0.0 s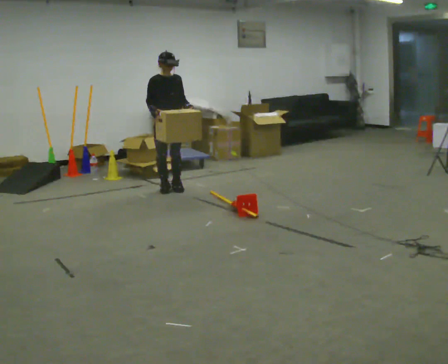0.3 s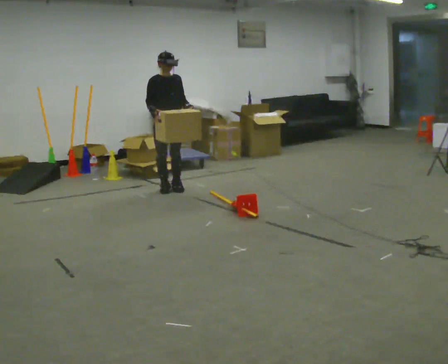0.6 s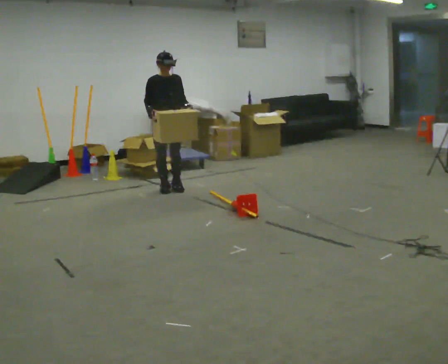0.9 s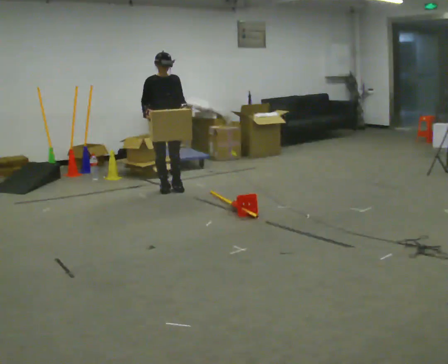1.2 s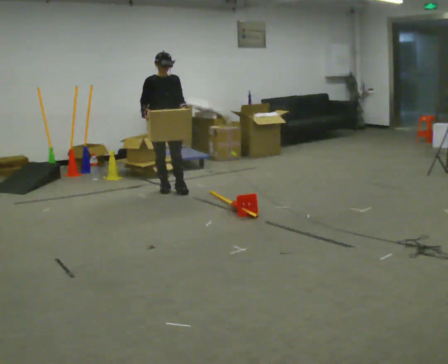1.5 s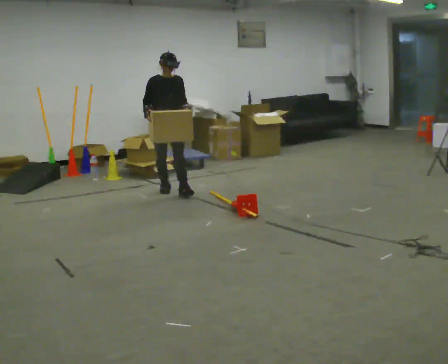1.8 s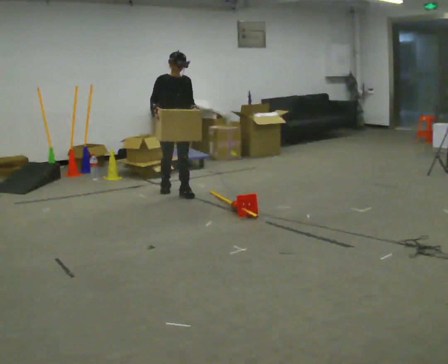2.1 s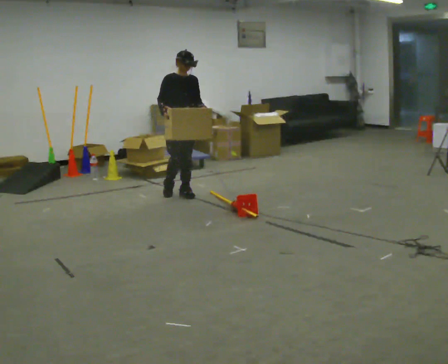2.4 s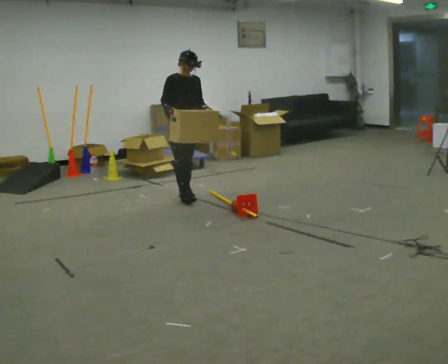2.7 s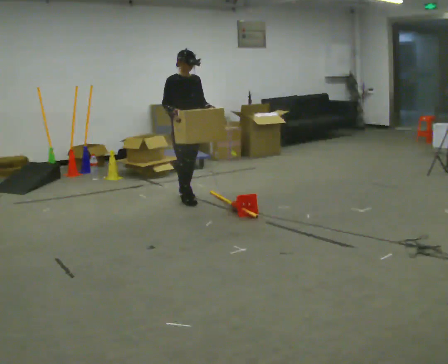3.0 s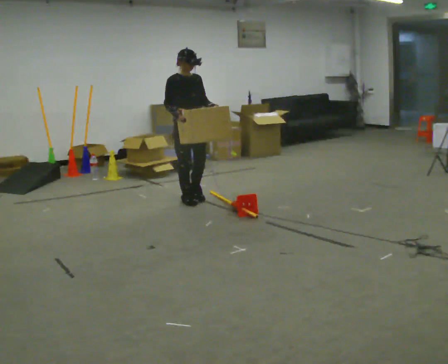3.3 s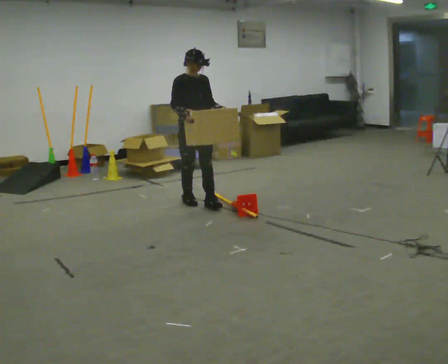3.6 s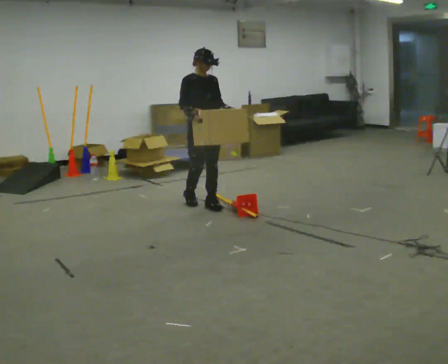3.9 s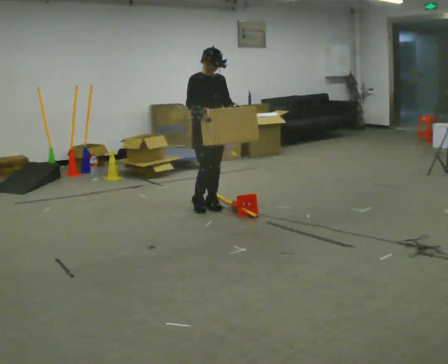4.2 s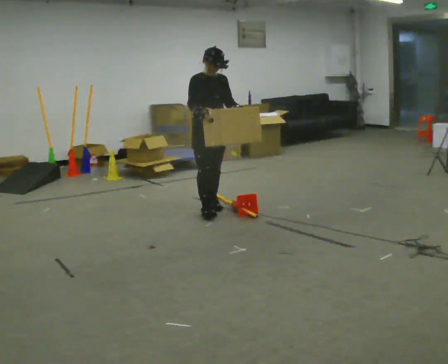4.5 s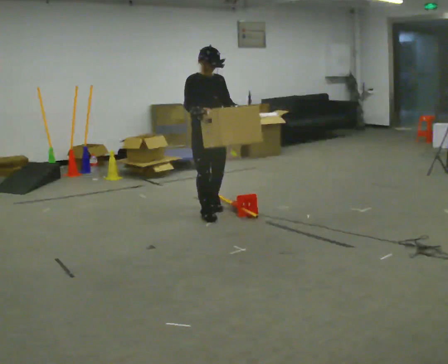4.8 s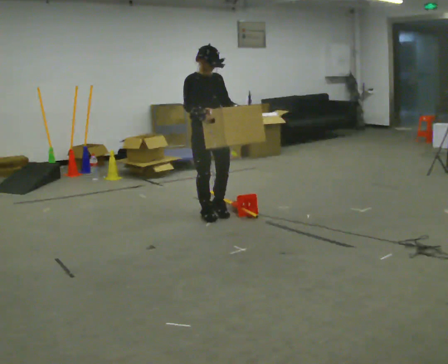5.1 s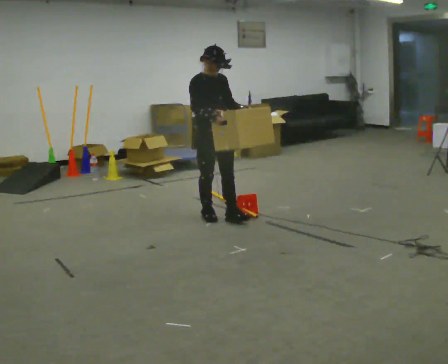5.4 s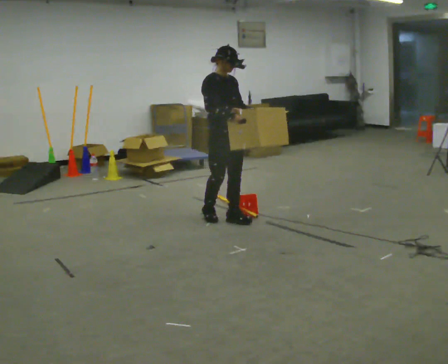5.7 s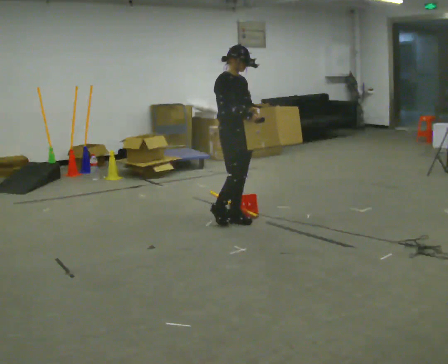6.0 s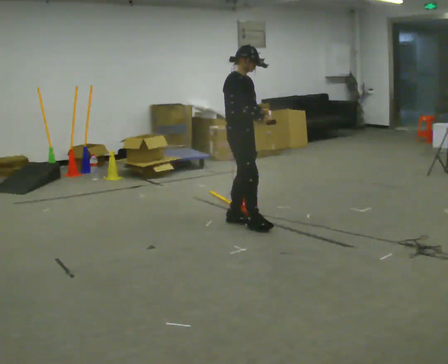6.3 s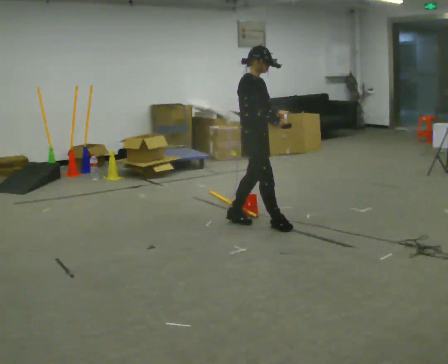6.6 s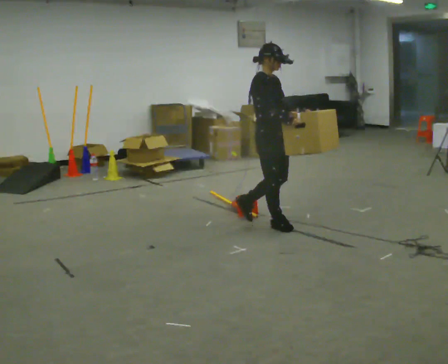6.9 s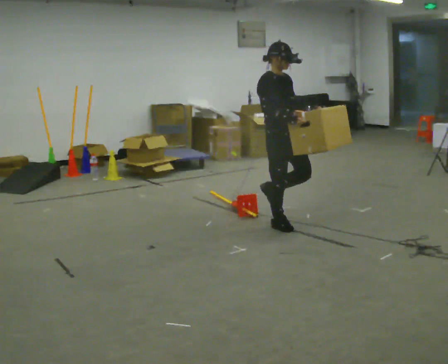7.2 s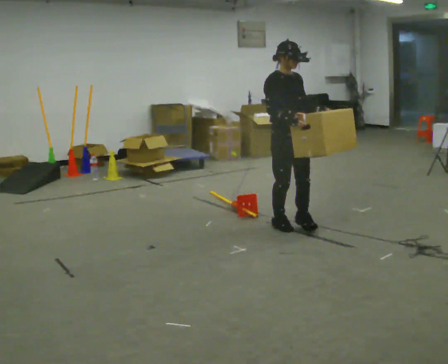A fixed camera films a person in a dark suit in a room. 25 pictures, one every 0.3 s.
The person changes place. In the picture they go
toward the camera.
0.0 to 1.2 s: The person moves a little, or ends about where they began.
1.2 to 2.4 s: In the picture they go toward the camera and to the right, about 0.25 m in 1 step, which for them is forward.
2.4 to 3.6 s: In the picture they go toward the camera and to the right, about 0.5 m in 2 steps, which for them is forward.
3.6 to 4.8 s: In the picture they go toward the camera, about 0.25 m in 1 step, which for them is forward and to their right.
4.8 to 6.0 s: The person turns about 30 degrees to their left, counterclockwise seen from above, so the part of the body nearest the lens slides to the right. In the picture they go to the right and toward the camera, about 0.25 m in 1 step, which for them is forward.
6.0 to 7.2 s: In the picture they go to the right and toward the camera, about 0.5 m in 1 step, which for them is forward.
The film runs forward here.
